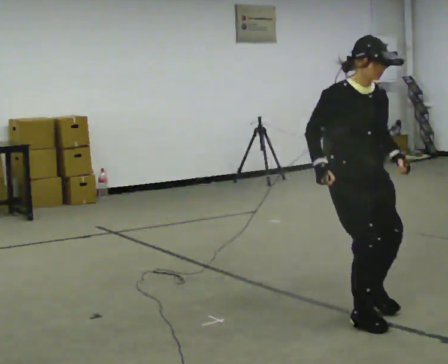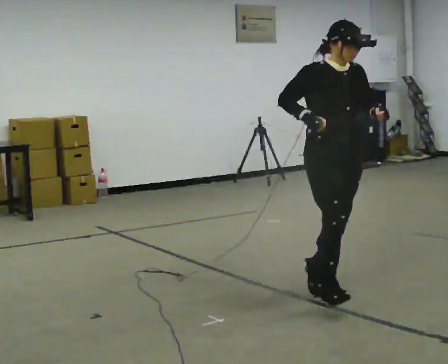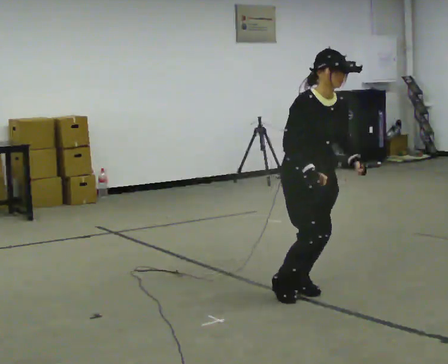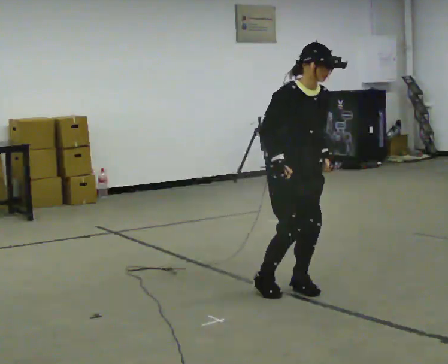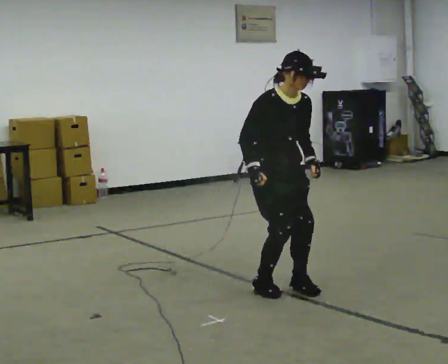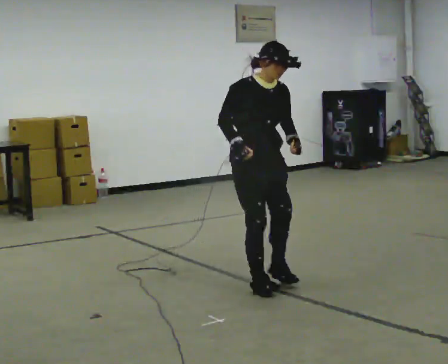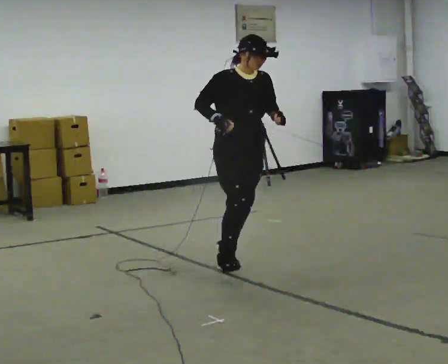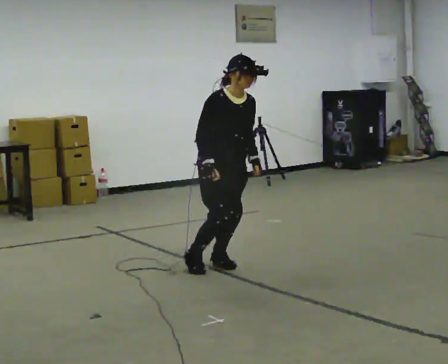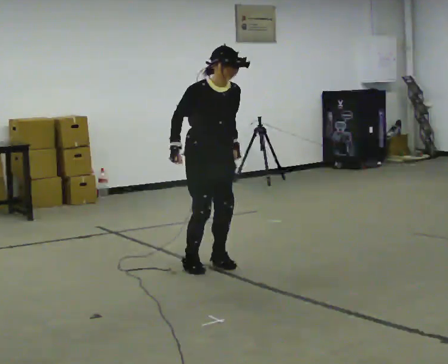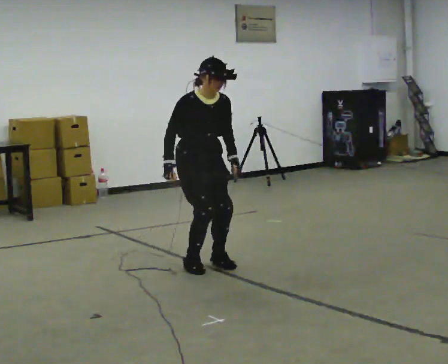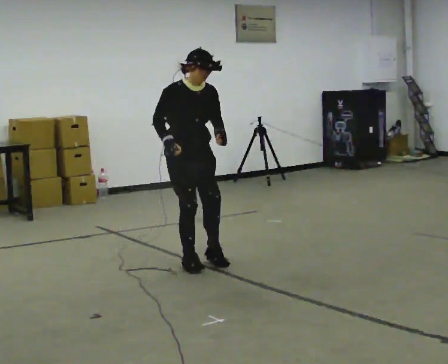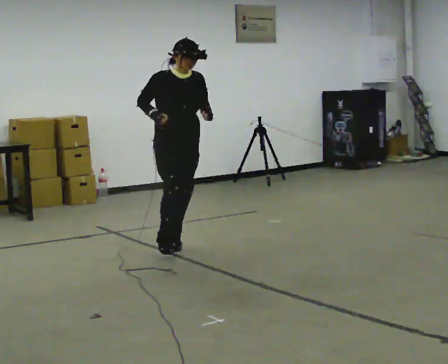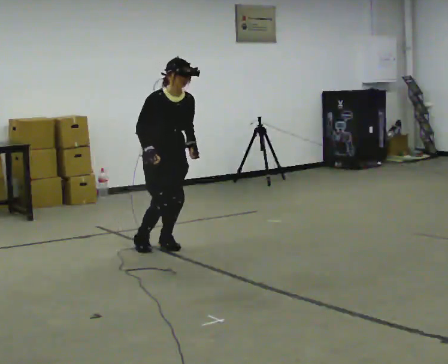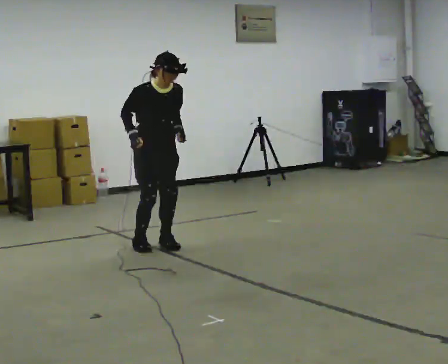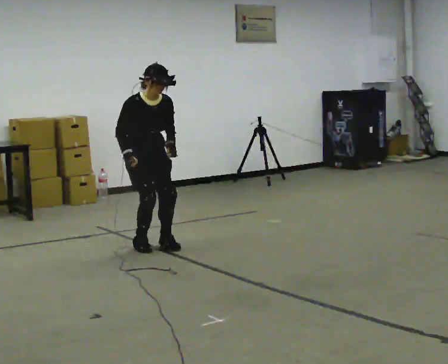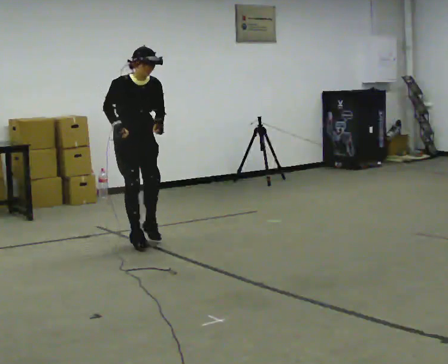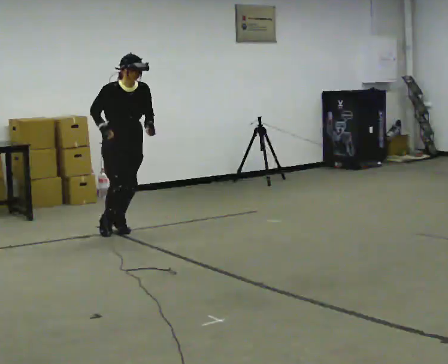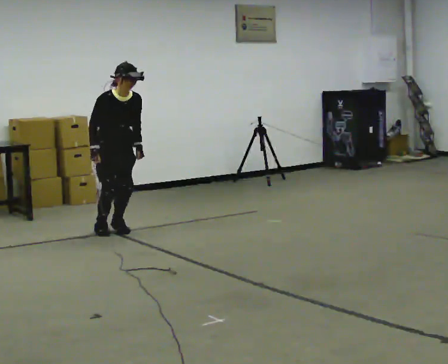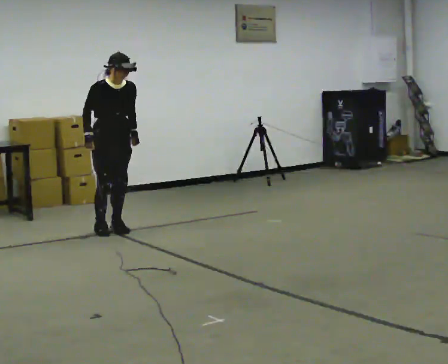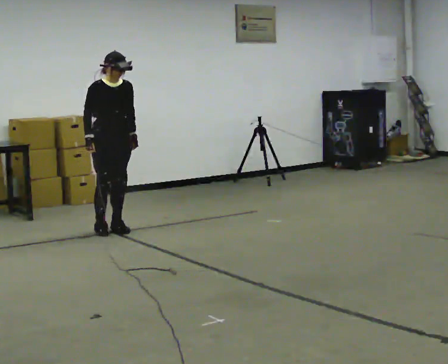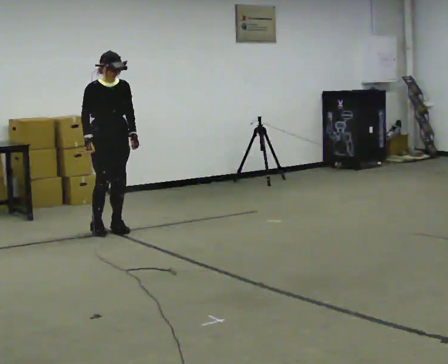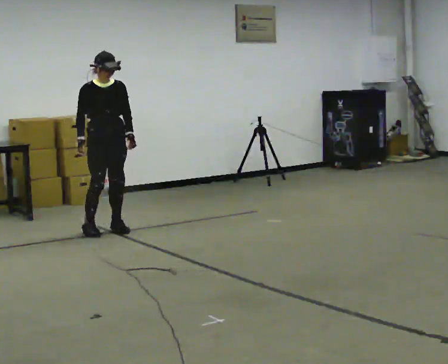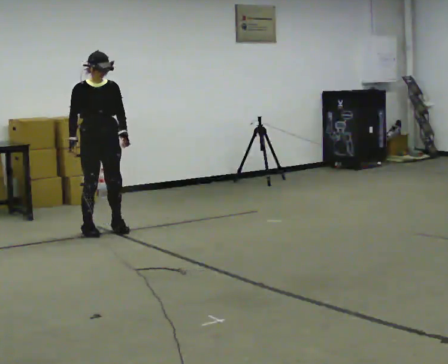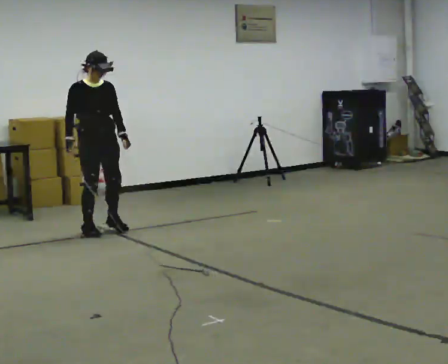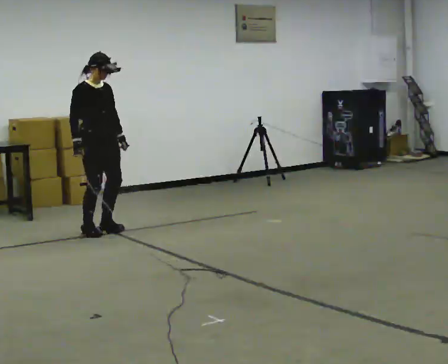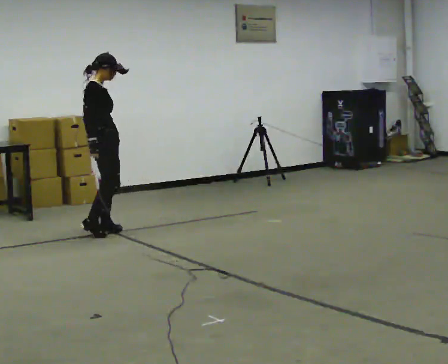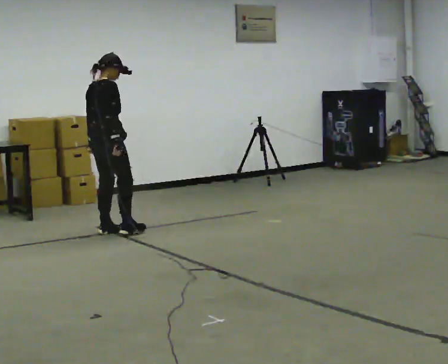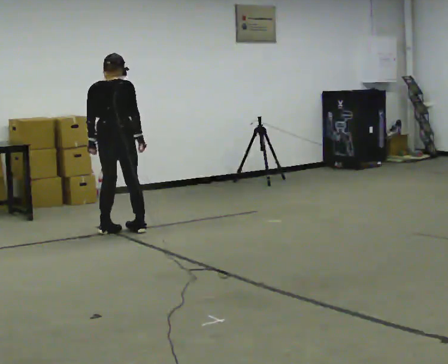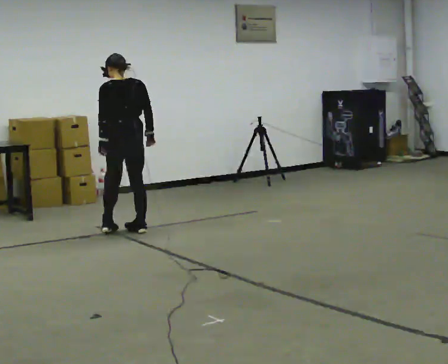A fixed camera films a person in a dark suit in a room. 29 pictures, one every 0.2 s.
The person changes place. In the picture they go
away from the camera.
0.0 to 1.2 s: In the picture they go away from the camera and to the left, about 1 m in 3 steps, which for them is backward.
1.2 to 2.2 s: In the picture they go away from the camera and to the left, about 0.5 m in 2 steps, which for them is backward.
2.2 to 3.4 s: In the picture they go away from the camera and to the left, about 1 m in 2 steps, which for them is backward. In the picture their left hand goes downward.
3.4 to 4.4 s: The upper body tips away from the camera, its near side rolling upward, as they lean back or straighten.
4.4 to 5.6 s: The part of the body nearest the lens slides to the right as the person turns to their left by about 180 degrees. In the picture they go to the right, about 0.25 m in 3 steps. In the picture their right hand goes to the right, the arm swinging counterclockwise.
The film runs backward here.
